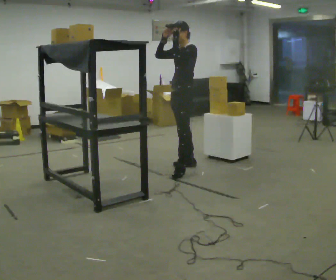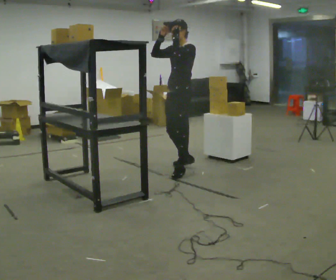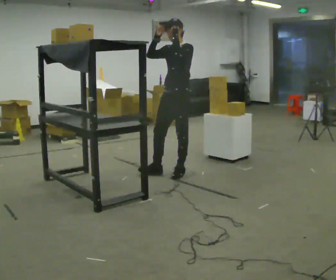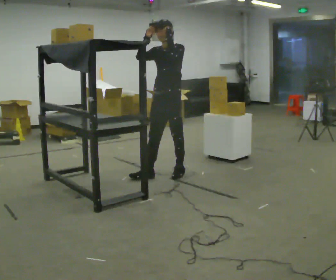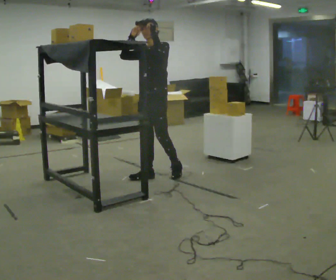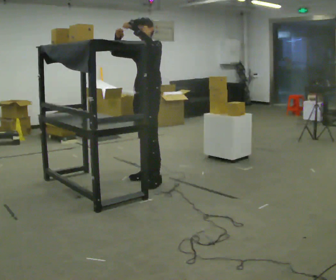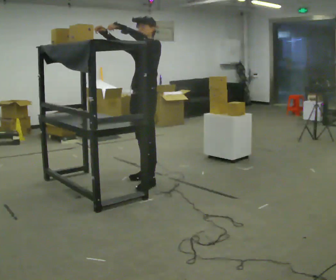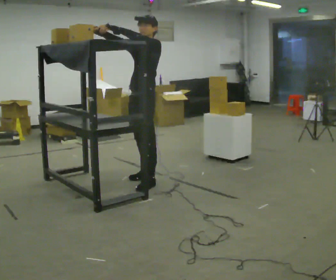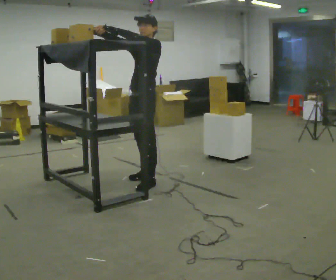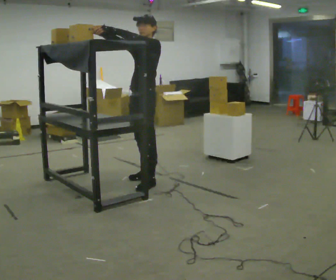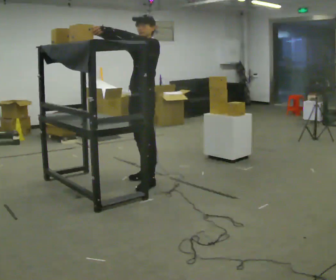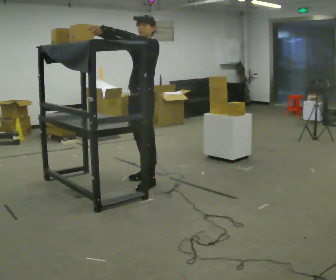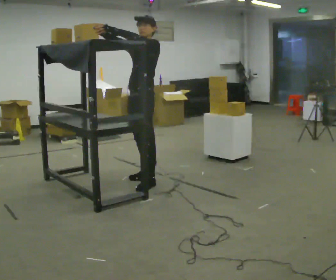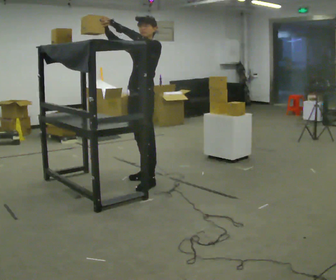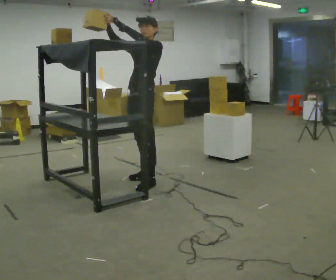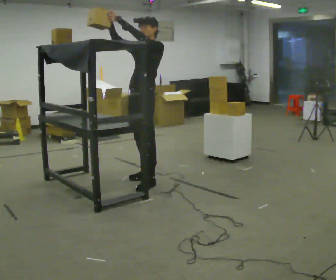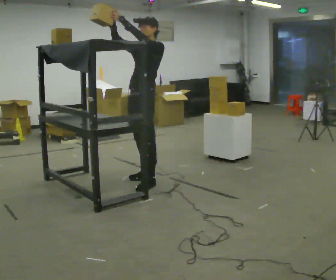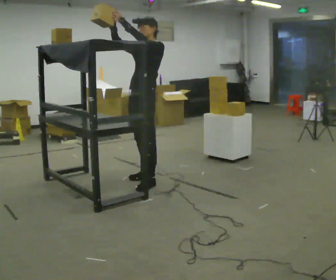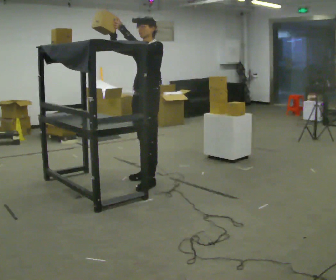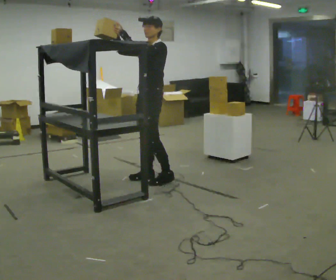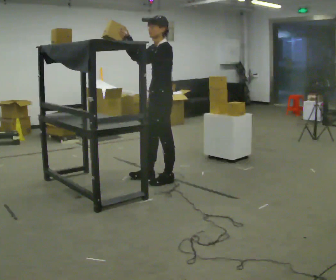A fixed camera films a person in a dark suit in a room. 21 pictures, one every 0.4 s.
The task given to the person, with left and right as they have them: Reach up into the bin on the top shelf, take out one object at a time, and carry it to the table. Keep going until the operator says stop; one object at a time, and do not rush between trips.
0.0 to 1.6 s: In the picture they go to the left and toward the camera, about 0.5 m in 1 step, which for them is forward.
1.6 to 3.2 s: In the picture they go toward the camera, about 0.25 m in 1 step, which for them is forward and to their left.
3.2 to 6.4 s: The person moves a little, or ends about where they began.
6.4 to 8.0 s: Seen from above the body turns clockwise, about 30 degrees: to their right, with its near side sliding to the left. In the picture they go to the right, about 0.25 m in 1 step, which for them is backward.
The film runs forward here.
